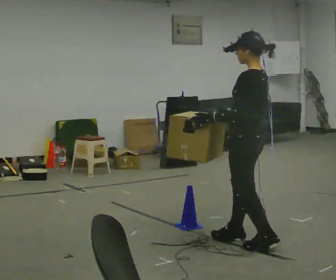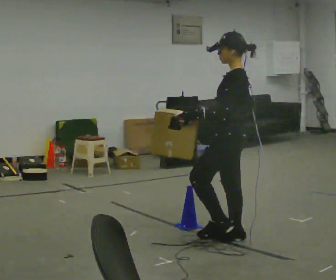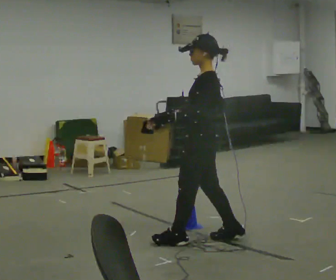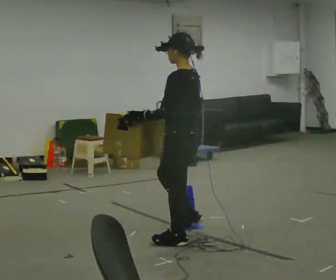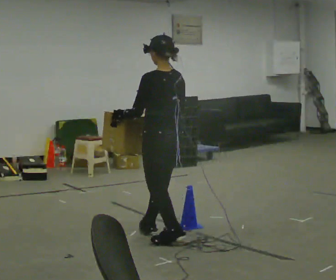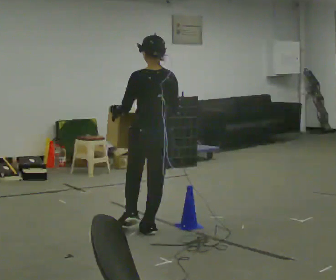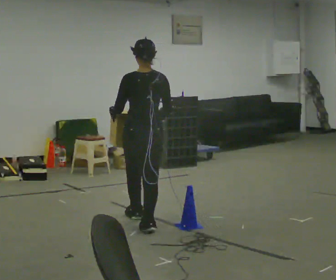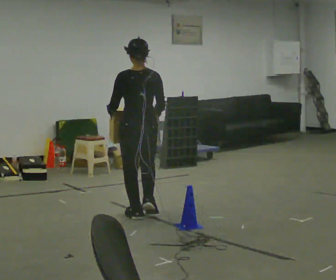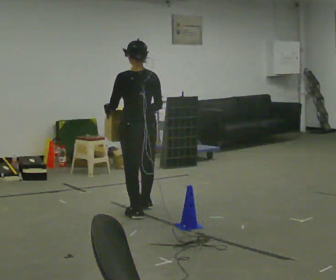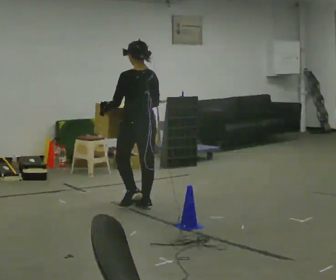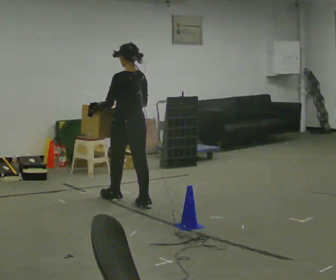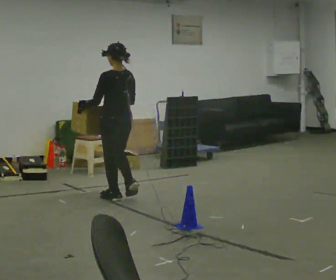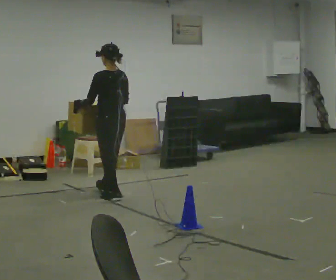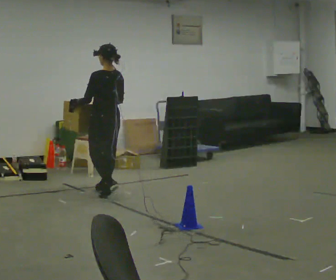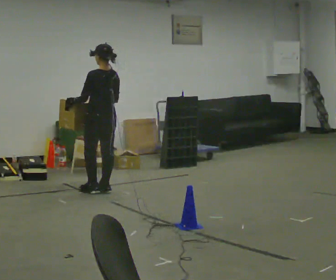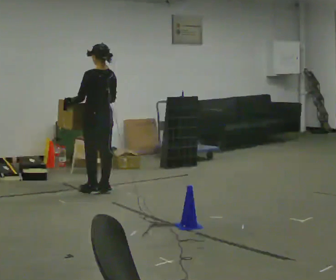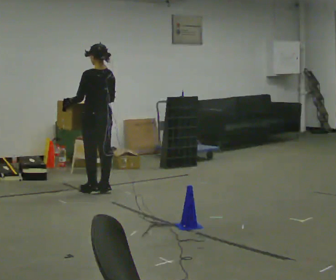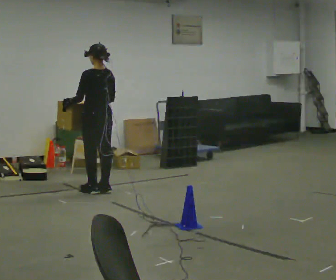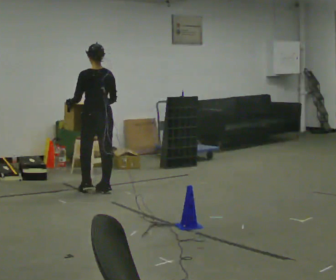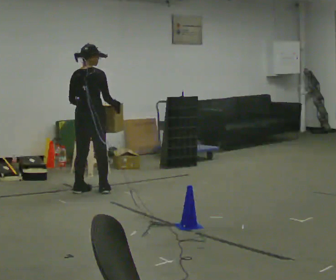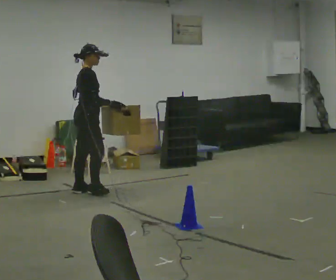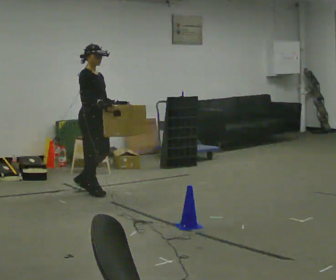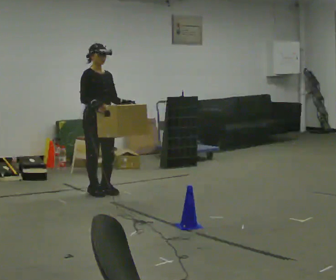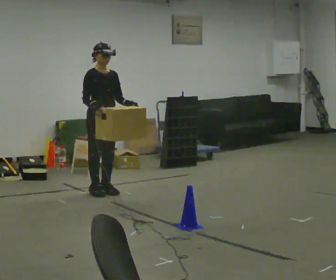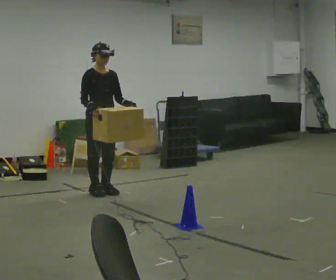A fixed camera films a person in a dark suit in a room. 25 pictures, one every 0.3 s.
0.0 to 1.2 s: The part of the body nearest the lens slides to the left as the person turns to their right by about 30 degrees. In the picture they go to the left and away from the camera, about 0.75 m in 2 steps, which for them is forward.
1.2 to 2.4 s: In the picture they go away from the camera, about 0.5 m in 2 steps, which for them is forward.
2.4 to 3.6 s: In the picture they go away from the camera, about 0.75 m in 1 step, which for them is forward.
3.6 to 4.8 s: In the picture they go away from the camera, about 0.25 m in 2 steps, which for them is forward.
4.8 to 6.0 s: The person turns about 120 degrees to their right, clockwise seen from above, so the part of the body nearest the lens slides to the left.
6.0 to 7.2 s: The part of the body nearest the lens slides to the left as the person turns to their right by about 75 degrees. In the picture they go to the right, about 0.25 m in 1 step.
The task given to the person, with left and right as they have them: Carry the box across the room. The operator will step into your path partway across, so go around them and carry on. Keep going until the operator says stop; one object at a time, and do not rush between trips.
The film runs forward here.
